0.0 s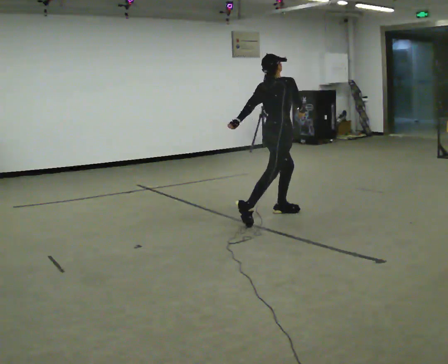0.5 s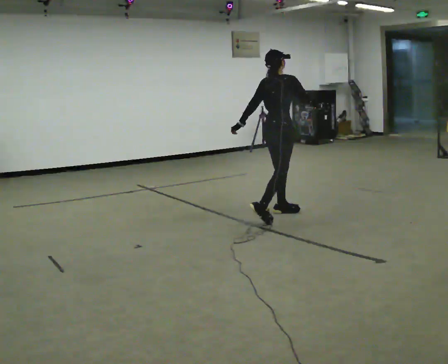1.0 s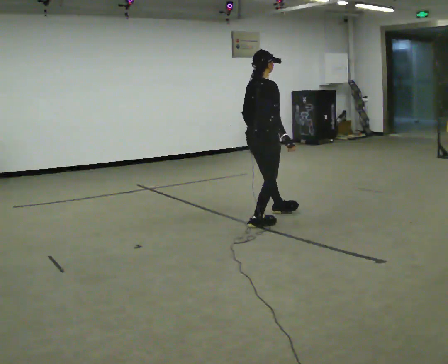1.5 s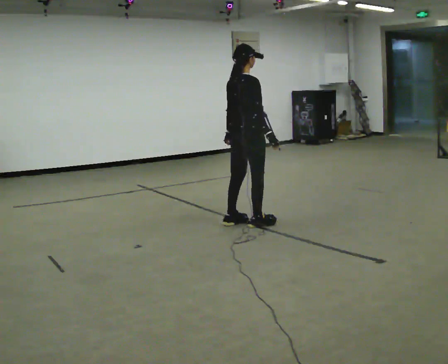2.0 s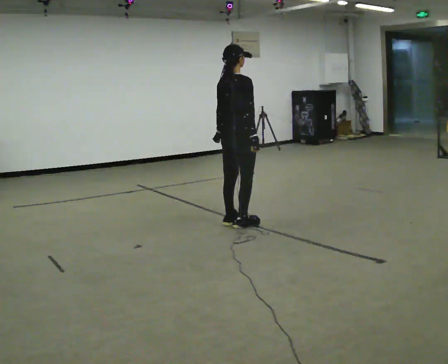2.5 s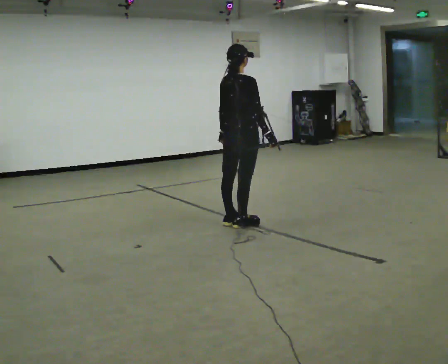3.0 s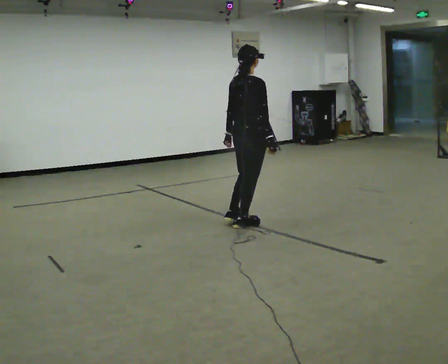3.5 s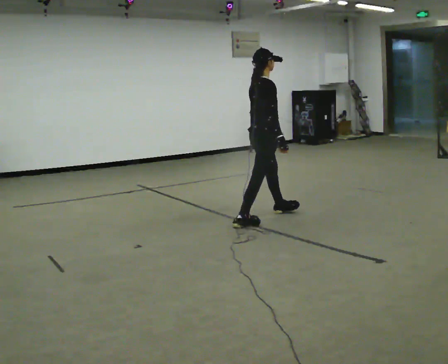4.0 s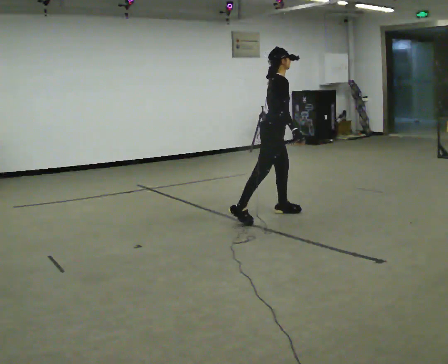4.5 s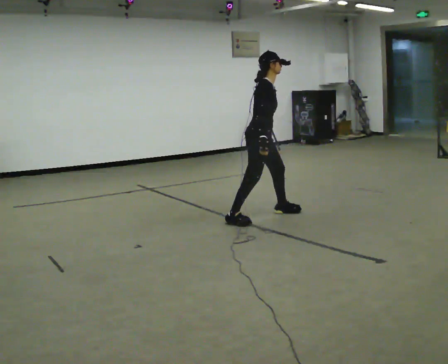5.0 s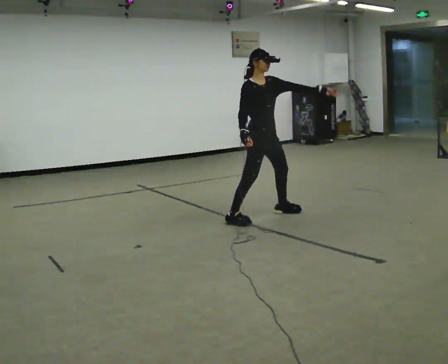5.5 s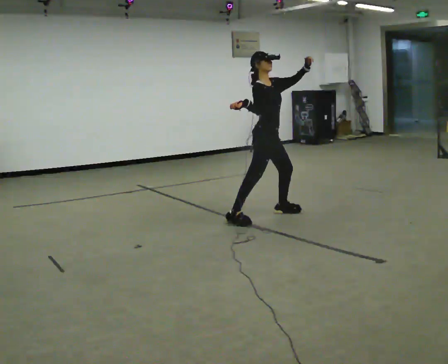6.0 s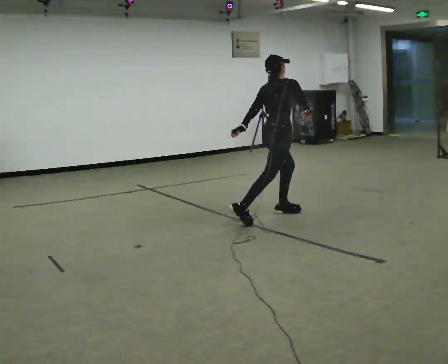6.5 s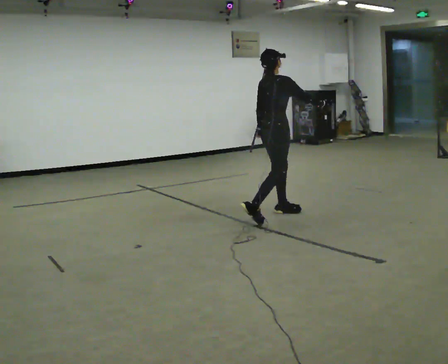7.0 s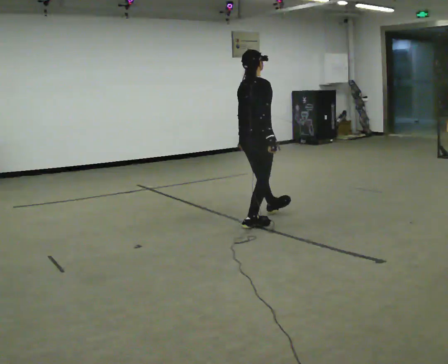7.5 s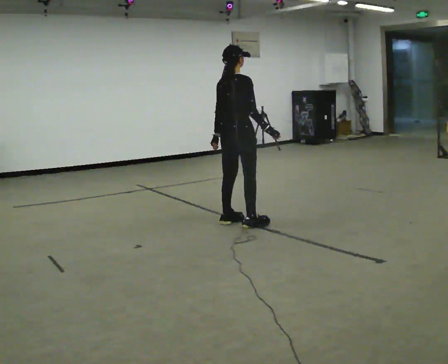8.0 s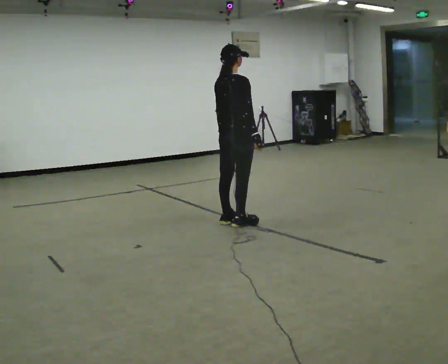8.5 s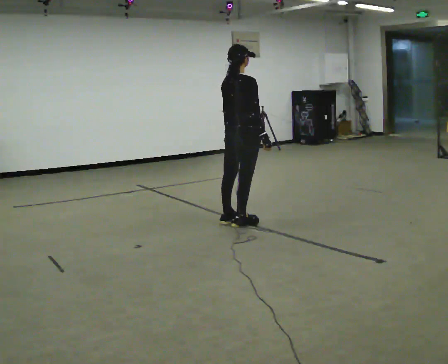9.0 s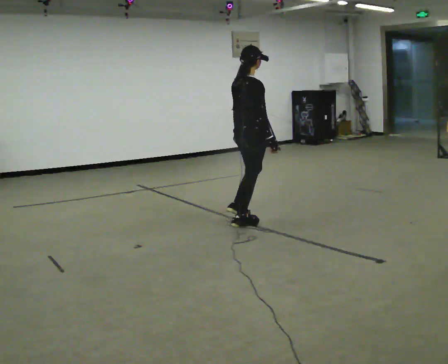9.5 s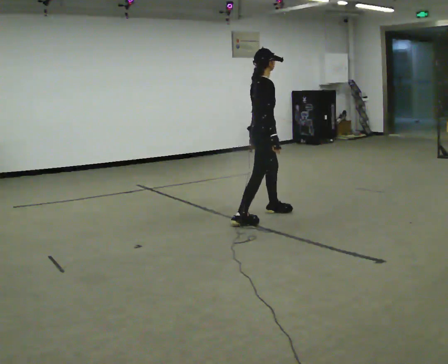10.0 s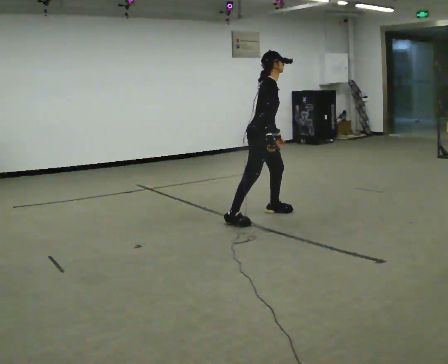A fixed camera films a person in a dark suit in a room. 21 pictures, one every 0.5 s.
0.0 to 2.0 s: In the picture they go to the left and toward the camera, about 0.5 m in 2 steps, which for them is backward. The upper body tips toward the camera, its near side rolling downward.
2.0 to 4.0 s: The person turns about 45 degrees to their right, clockwise seen from above, so the part of the body nearest the lens slides to the left. In the picture they go to the right and away from the camera, about 0.5 m in 1 step, which for them is forward.
4.0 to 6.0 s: The part of the body nearest the lens slides to the right as the person turns to their left by about 45 degrees.
6.0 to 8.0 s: In the picture they go to the left and toward the camera, about 0.5 m in 1 step, which for them is backward. The upper body tips toward the camera, its near side rolling downward.
8.0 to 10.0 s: The person turns about 60 degrees to their right, clockwise seen from above, so the part of the body nearest the lens slides to the left. In the picture they go to the right and away from the camera, about 0.25 m in 1 step, which for them is forward. In the picture the upper body tilts clockwise, shoulders to the right, as they bend forward.
The film runs forward here.
